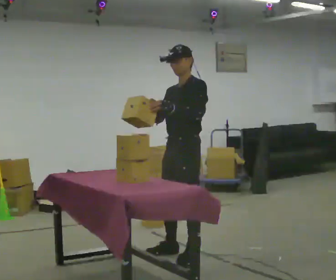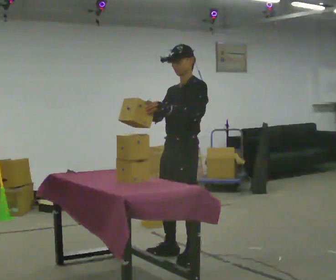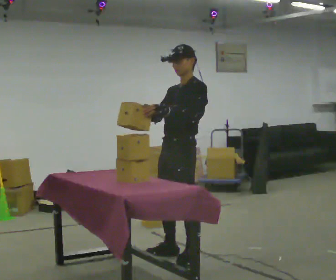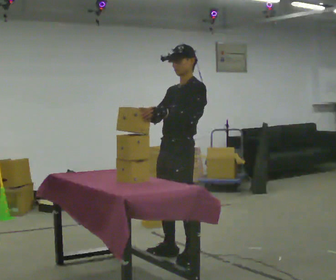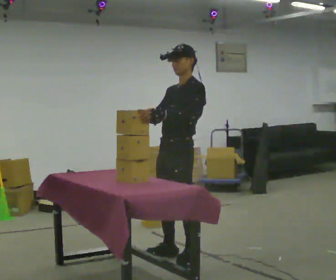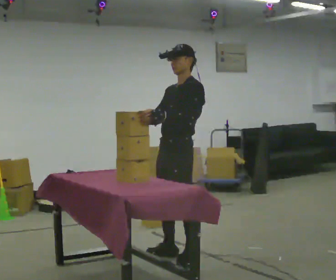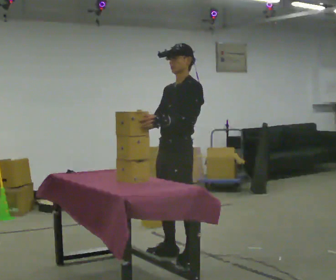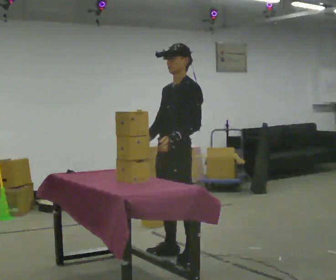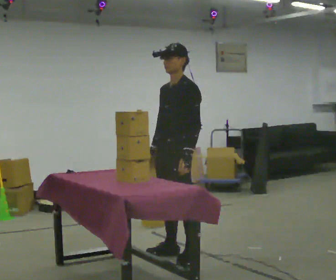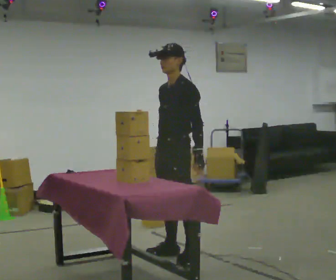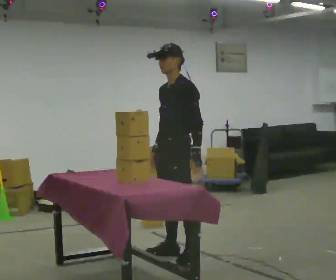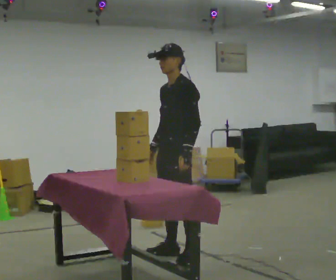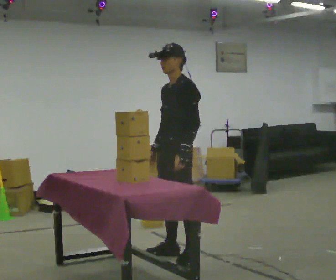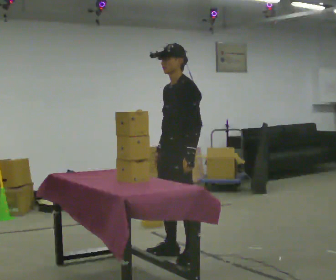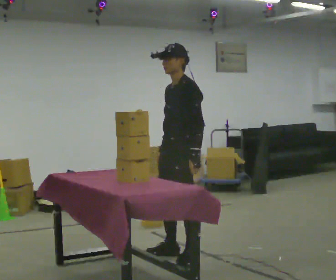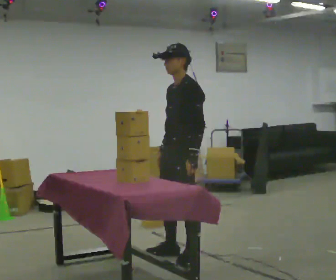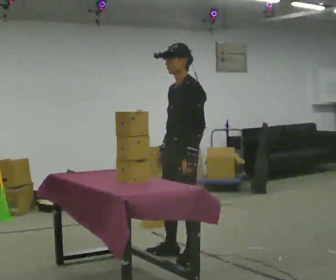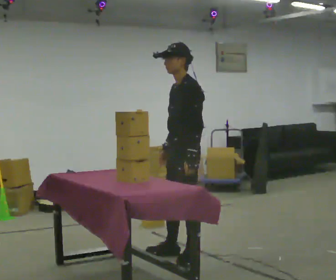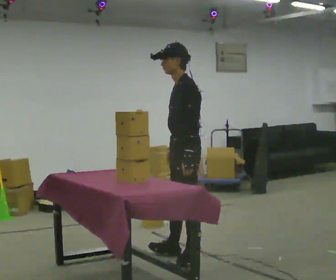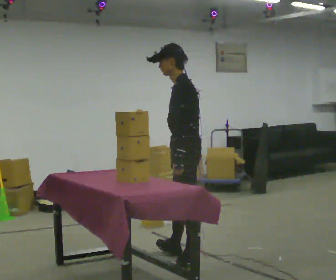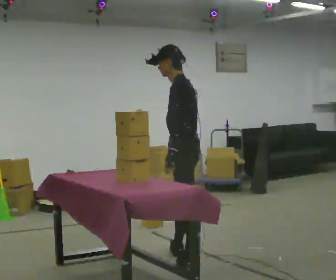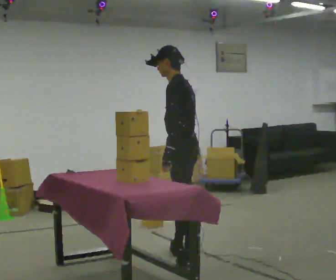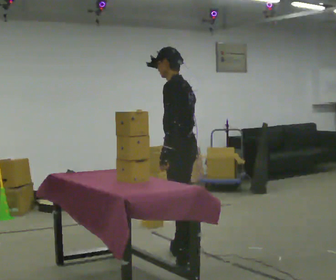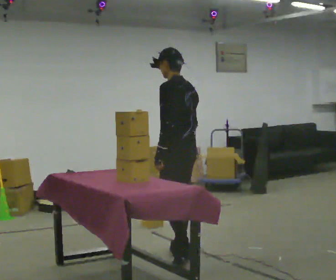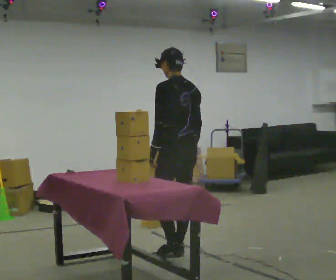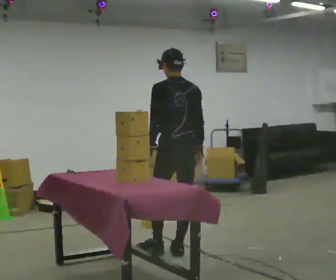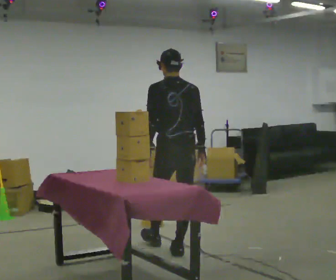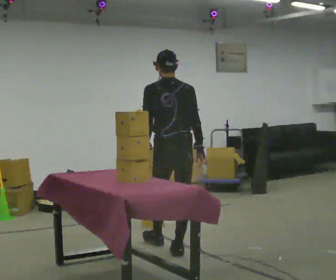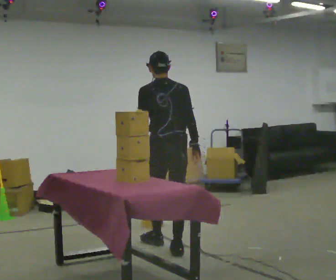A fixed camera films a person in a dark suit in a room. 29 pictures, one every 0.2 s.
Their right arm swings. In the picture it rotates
counterclockwise.
The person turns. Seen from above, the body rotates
clockwise.
0.0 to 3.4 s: The person turns about 30 degrees to their right, clockwise seen from above, so the part of the body nearest the lens slides to the left. In the picture their right hand goes downward, the arm swinging counterclockwise.
3.4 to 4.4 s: The person turns about 30 degrees to their right, clockwise seen from above, so the part of the body nearest the lens slides to the left. In the picture they go away from the camera, about 0.25 m, which for them is to their right.
4.4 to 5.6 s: Seen from above the body turns clockwise, about 45 degrees: to their right, with its near side sliding to the left. In the picture they go away from the camera, about 0.25 m in 1 step, which for them is forward.
The film runs forward here.
